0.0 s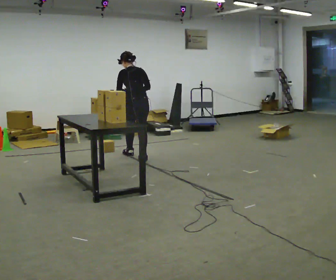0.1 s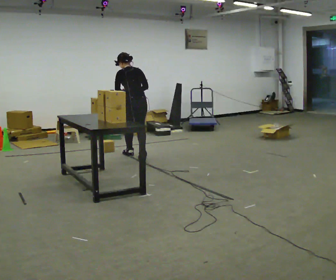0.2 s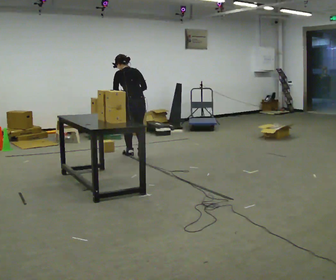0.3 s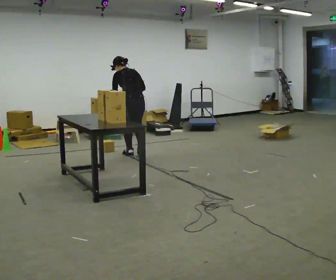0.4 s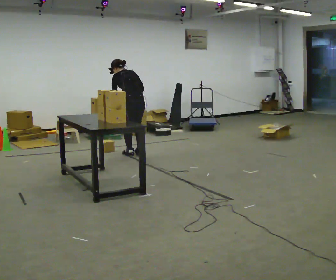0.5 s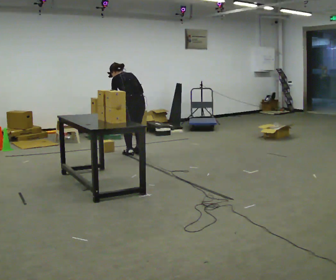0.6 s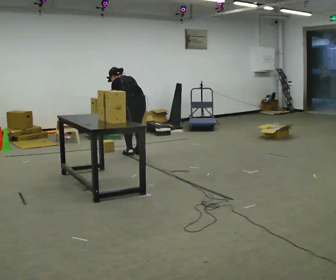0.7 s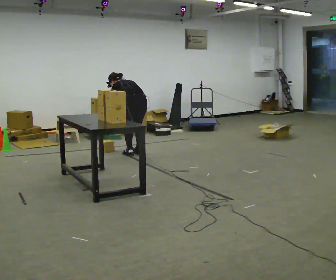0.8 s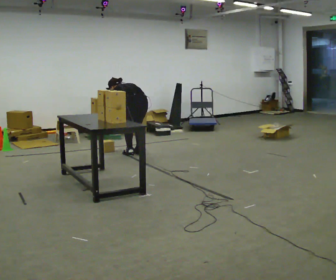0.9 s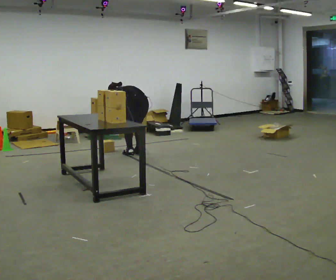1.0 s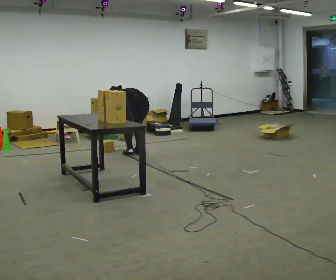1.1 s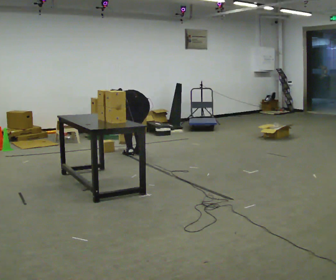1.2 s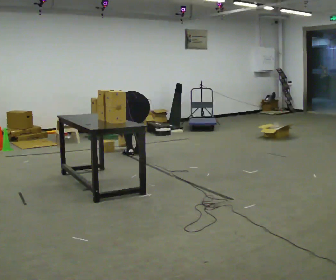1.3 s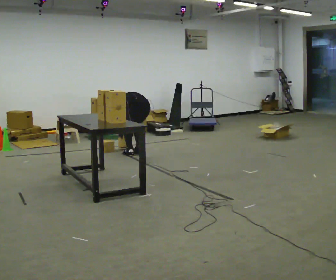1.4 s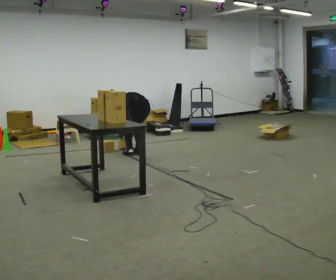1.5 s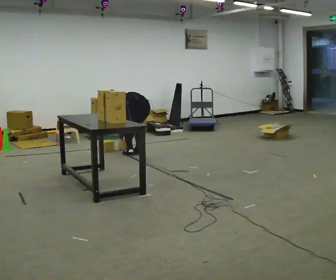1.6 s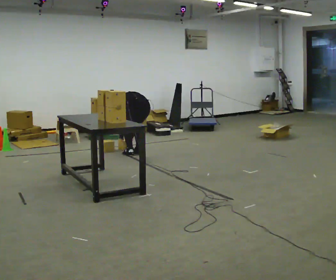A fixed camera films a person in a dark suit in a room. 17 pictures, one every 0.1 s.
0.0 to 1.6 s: In the picture they go away from the camera, about 0.25 m in 1 step, which for them is forward. The upper body goes downward. The upper body tips away from the camera, its near side rolling upward, as they bend forward. In the picture their left hand goes downward.
The film runs forward here.
